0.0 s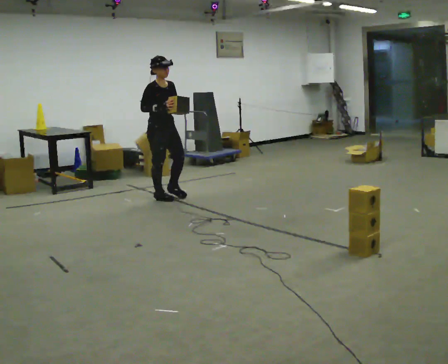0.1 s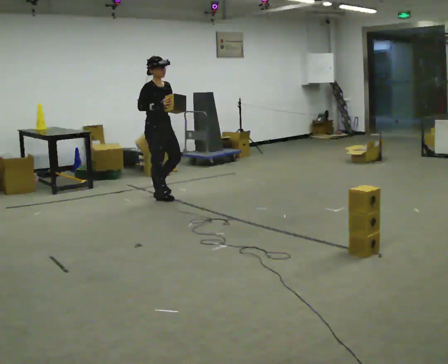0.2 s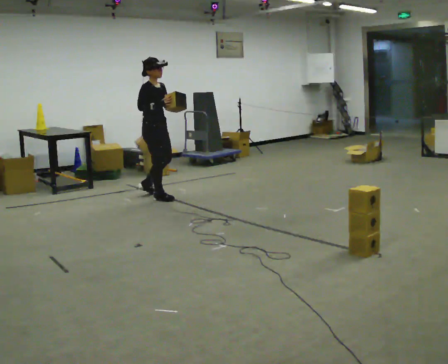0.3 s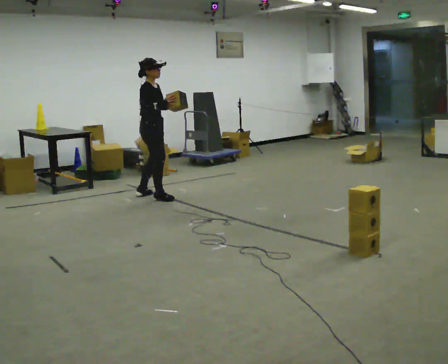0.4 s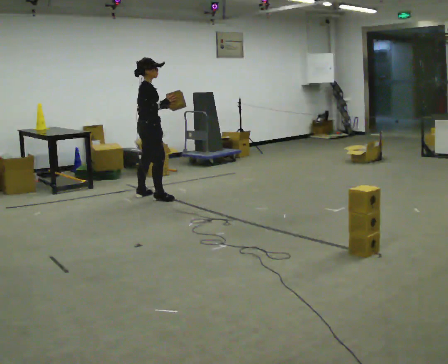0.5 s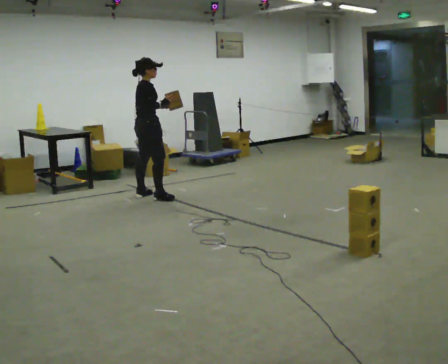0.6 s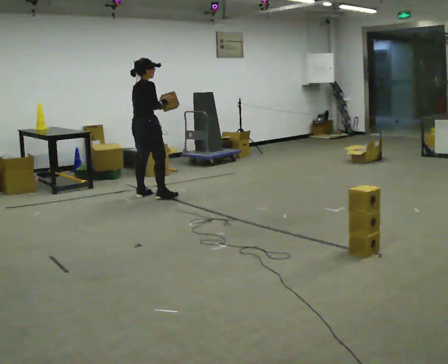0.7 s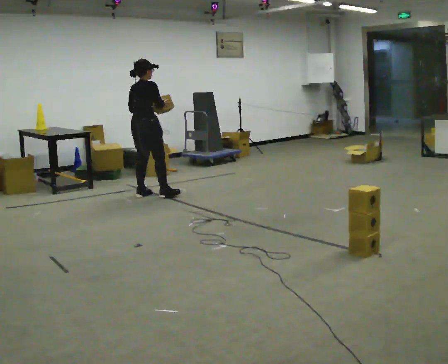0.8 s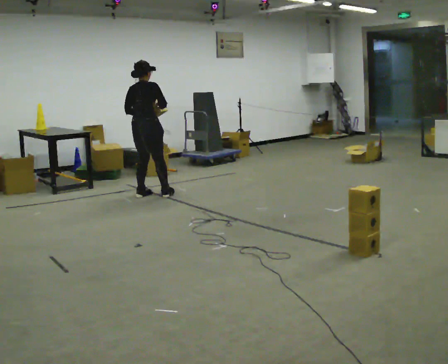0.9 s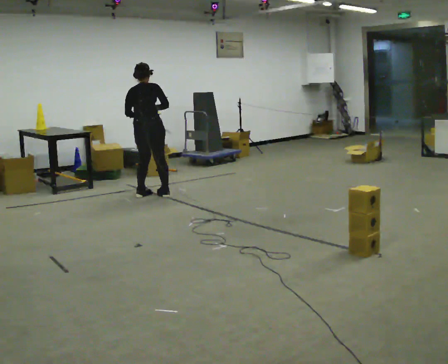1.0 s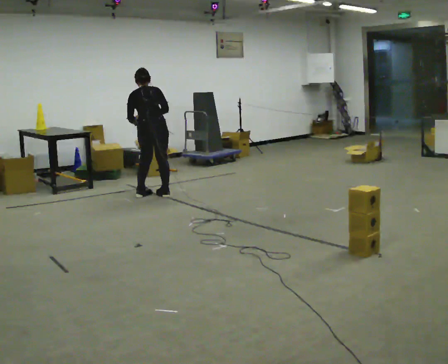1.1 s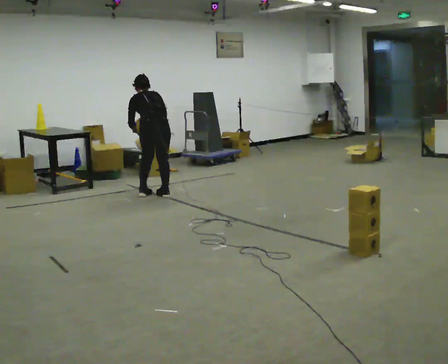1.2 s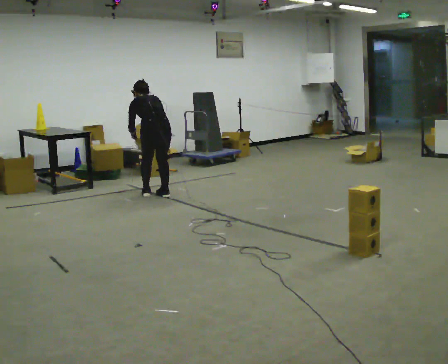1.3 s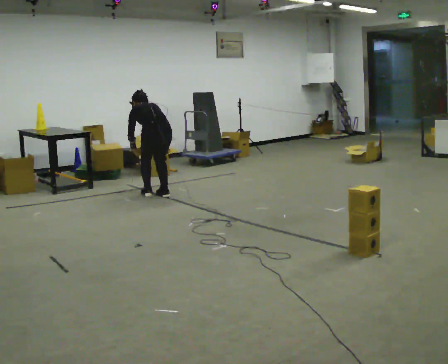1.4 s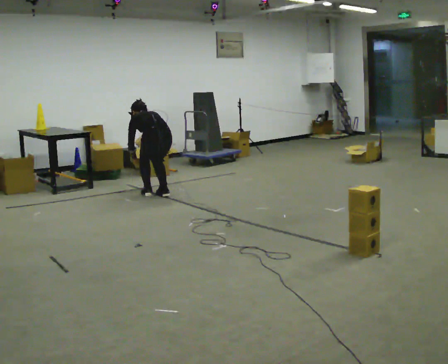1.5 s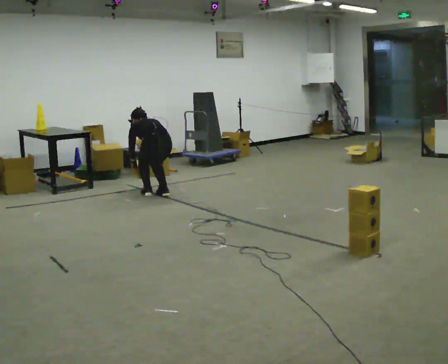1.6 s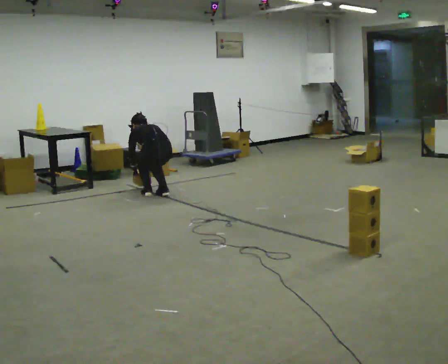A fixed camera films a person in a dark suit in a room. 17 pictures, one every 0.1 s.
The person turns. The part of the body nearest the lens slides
to the right.
Their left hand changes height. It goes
downward.
0.0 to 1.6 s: Seen from above the body turns counterclockwise, about 165 degrees: to their left, with its near side sliding to the right. The upper body goes downward. The upper body tips away from the camera, its near side rolling upward, as they bend forward. In the picture their right hand goes downward.
The film runs backward here.
